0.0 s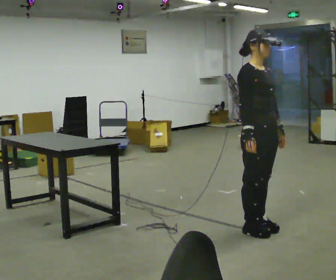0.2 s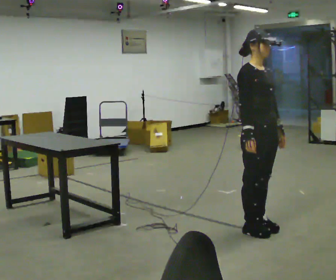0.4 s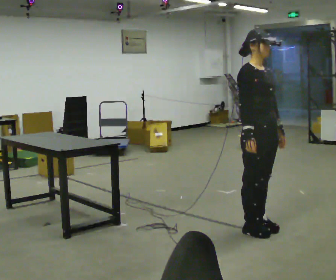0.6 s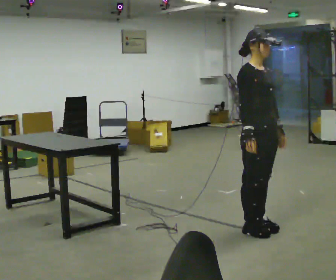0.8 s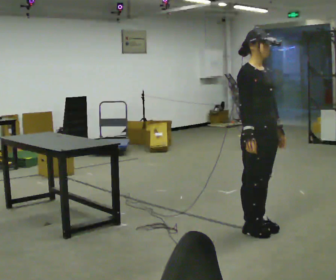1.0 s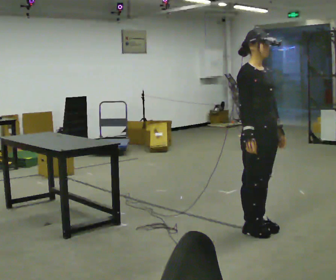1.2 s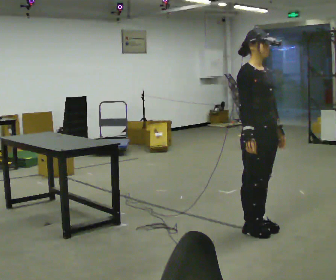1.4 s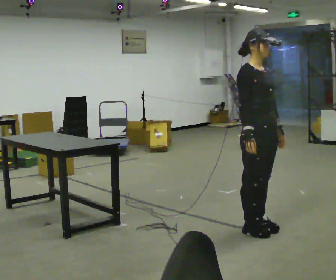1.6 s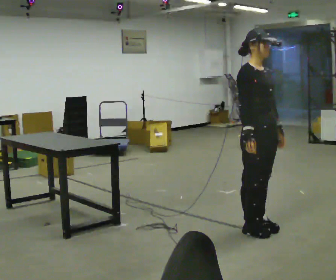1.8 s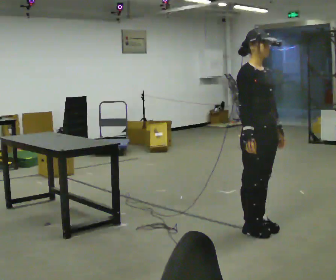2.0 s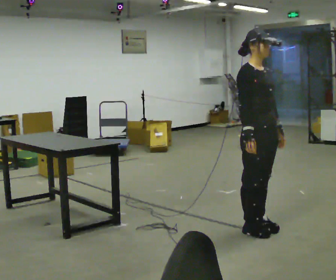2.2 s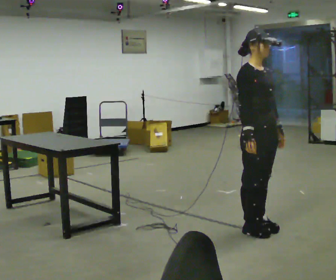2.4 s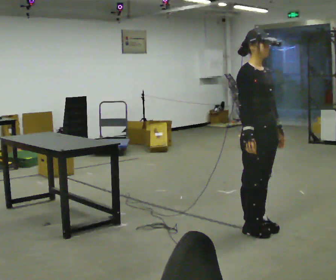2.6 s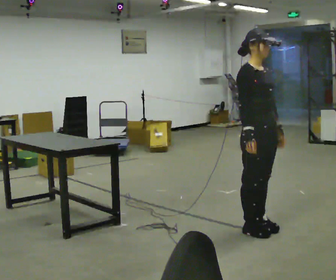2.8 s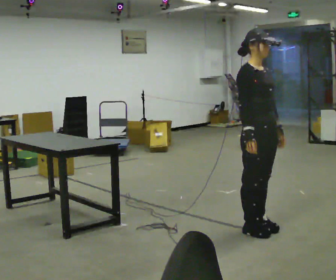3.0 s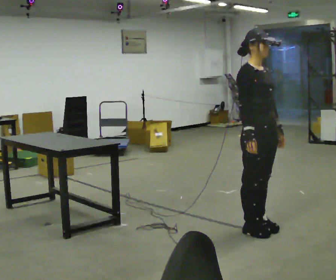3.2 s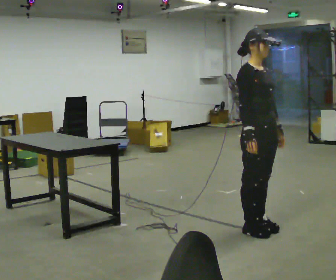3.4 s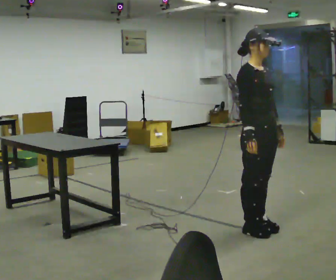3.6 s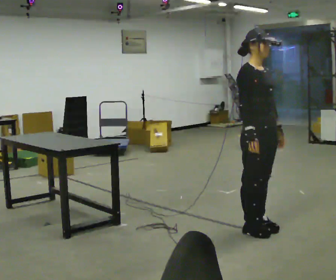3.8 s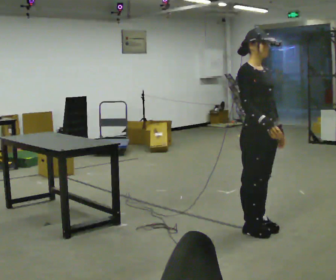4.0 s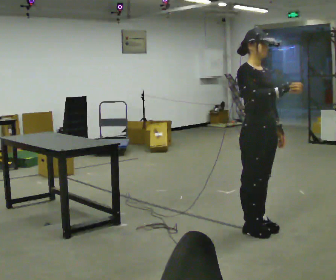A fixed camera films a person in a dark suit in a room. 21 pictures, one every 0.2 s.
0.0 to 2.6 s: The person keeps their place and pose.
2.6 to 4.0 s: In the picture their right hand goes upward.
The film runs forward here.
